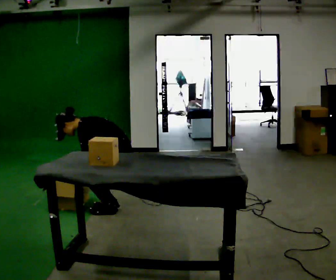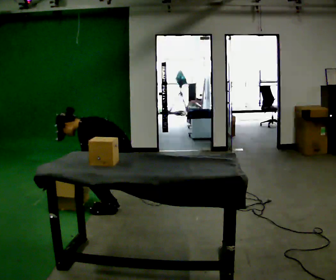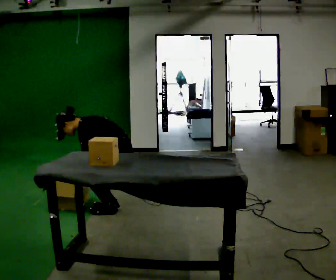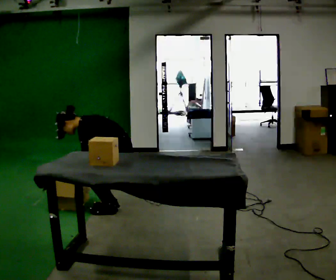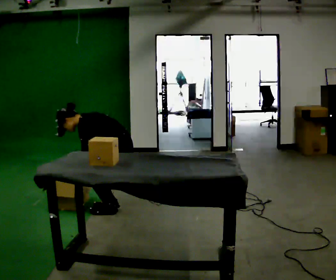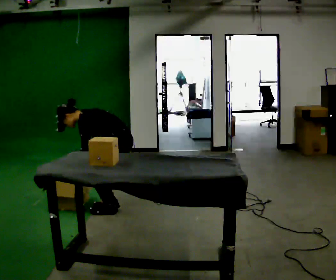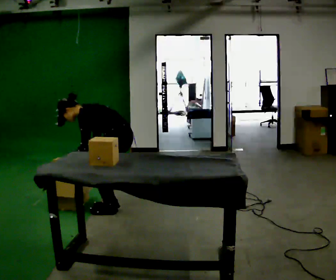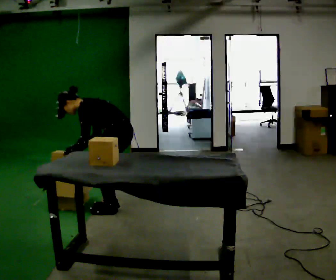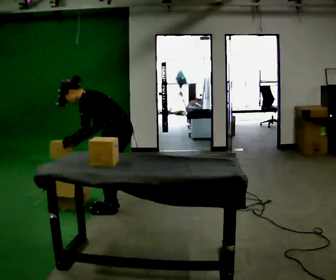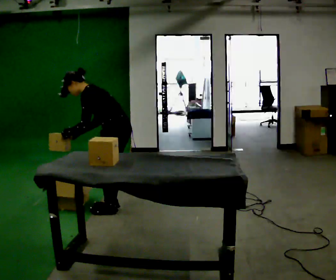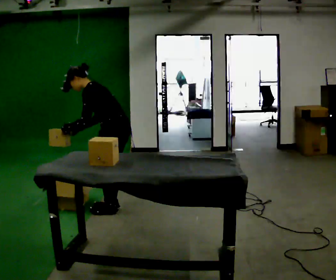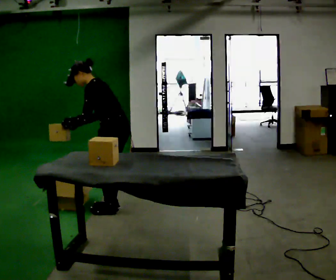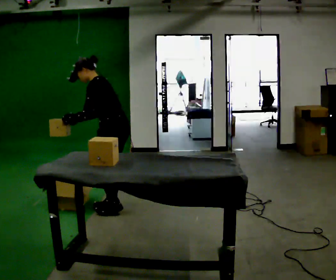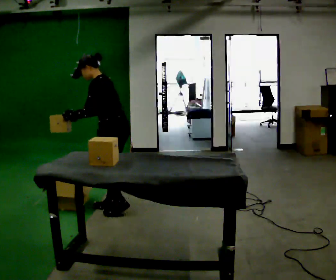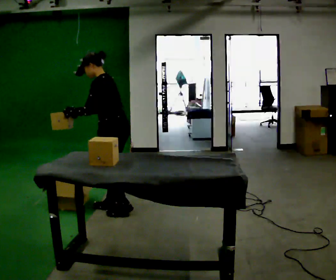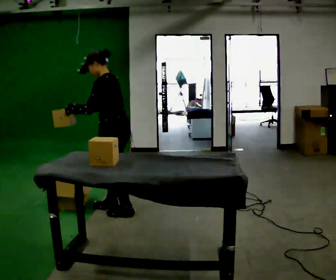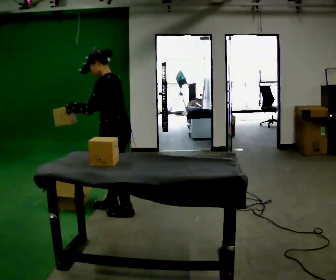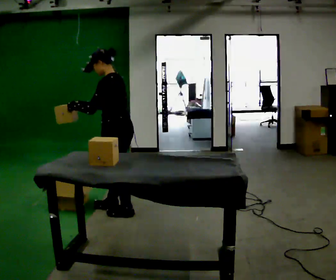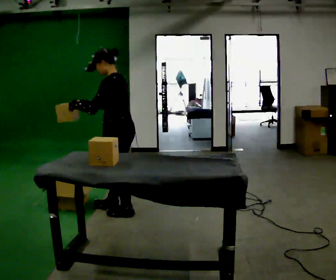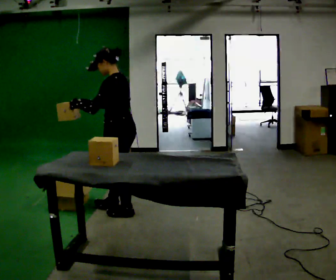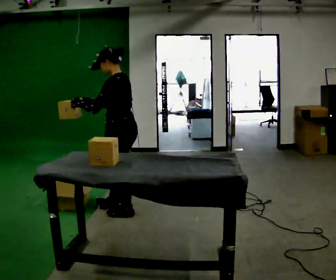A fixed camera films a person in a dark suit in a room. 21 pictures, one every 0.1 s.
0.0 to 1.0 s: The upper body goes upward. In the picture the upper body tilts clockwise, shoulders to the right, as they lean back or straighten. In the picture their left hand goes upward.
1.0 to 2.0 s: In the picture the upper body tilts clockwise, shoulders to the right, as they lean back or straighten.
The film runs backward here.
